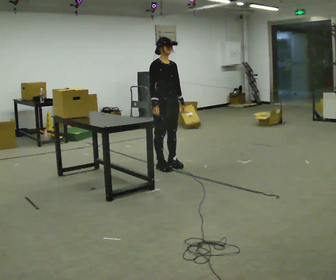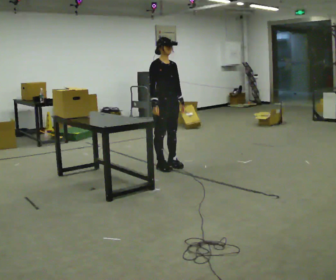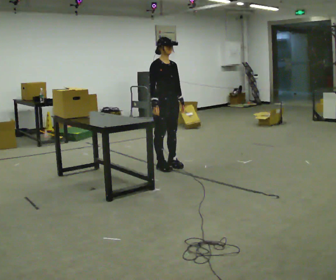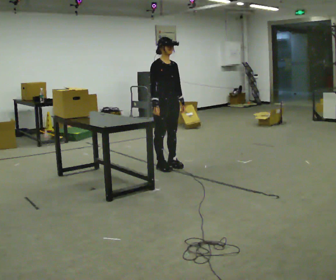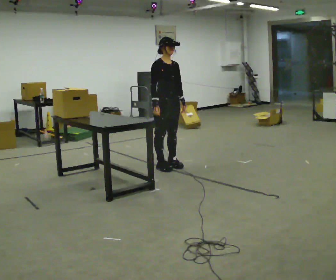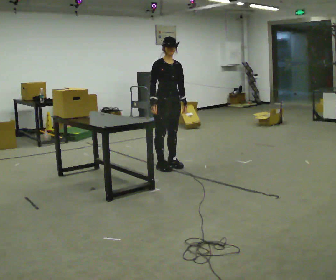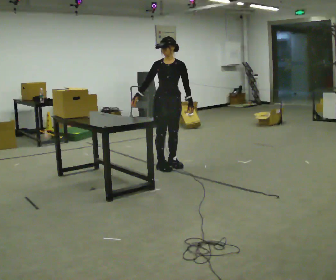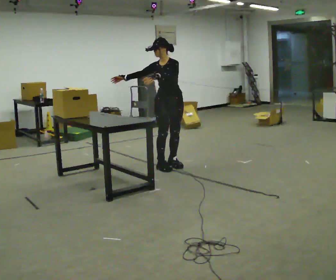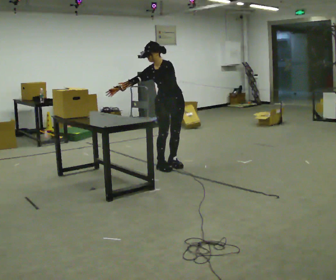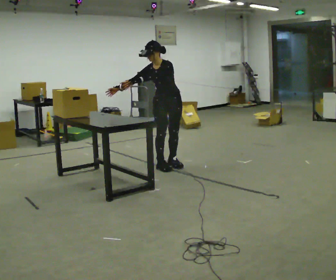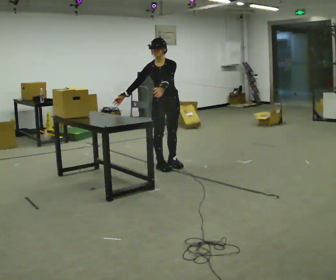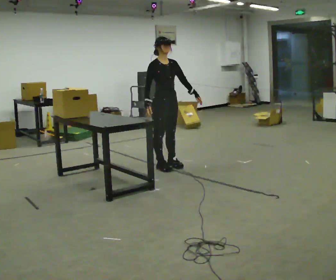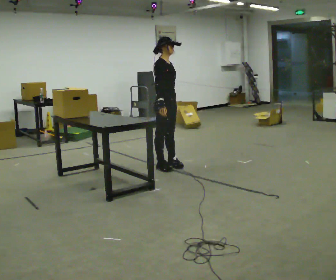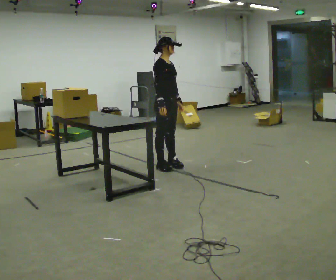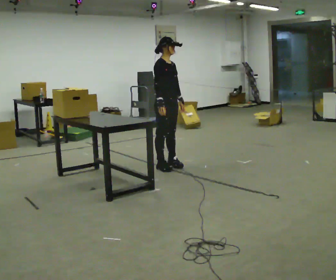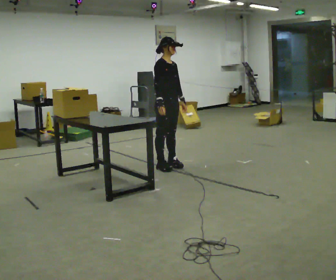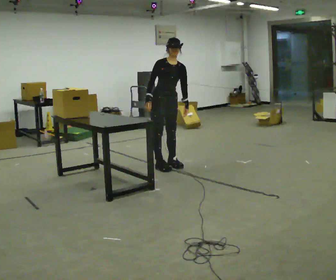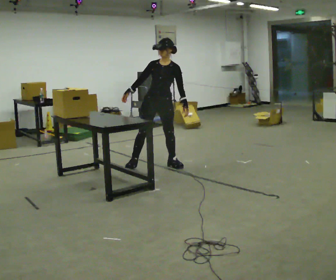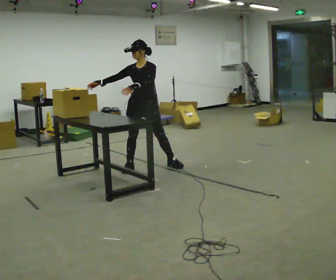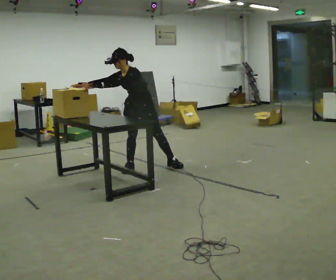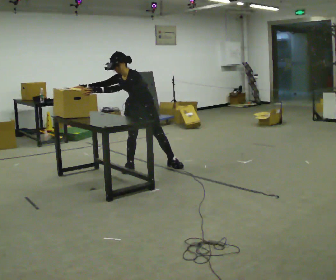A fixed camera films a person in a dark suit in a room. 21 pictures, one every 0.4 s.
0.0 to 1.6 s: The person keeps their place and pose.
1.6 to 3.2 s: Seen from above the body turns clockwise, about 60 degrees: to their right, with its near side sliding to the left. The upper body tips toward the camera, its near side rolling downward, as they bend forward. In the picture their left hand goes to the left.
3.2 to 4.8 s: The person turns about 90 degrees to their left, counterclockwise seen from above, so the part of the body nearest the lens slides to the right. The upper body tips away from the camera, its near side rolling upward, as they lean back or straighten. In the picture their left hand goes to the right.
4.8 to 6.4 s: The person turns about 60 degrees to their right, clockwise seen from above, so the part of the body nearest the lens slides to the left.
6.4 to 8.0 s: The person turns about 45 degrees to their right, clockwise seen from above, so the part of the body nearest the lens slides to the left. In the picture they go to the left, about 0.25 m in 1 step, which for them is to their right and forward. The upper body tips toward the camera, its near side rolling downward, as they bend forward.
The film runs forward here.
